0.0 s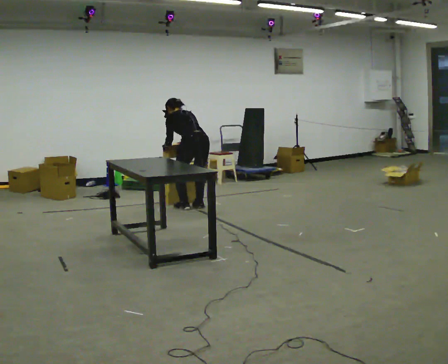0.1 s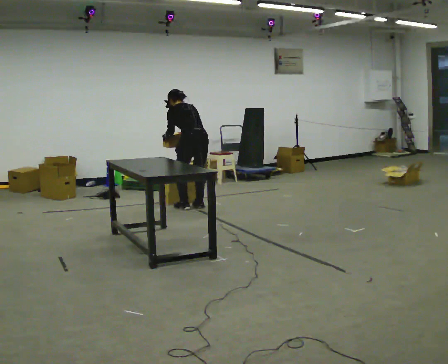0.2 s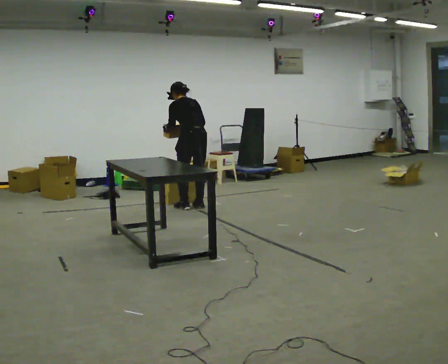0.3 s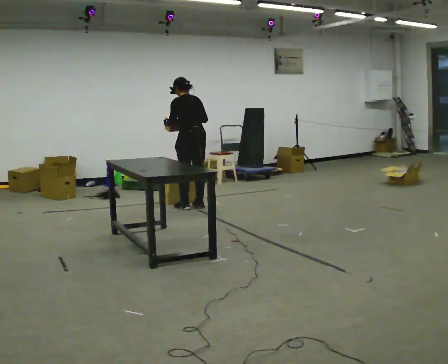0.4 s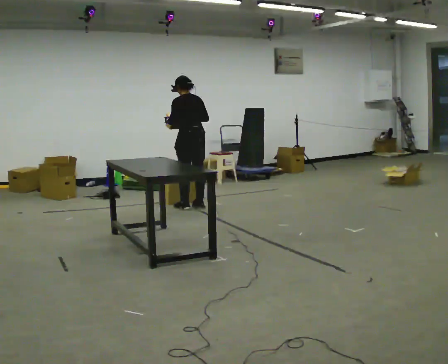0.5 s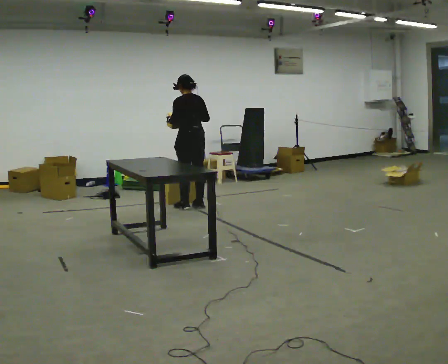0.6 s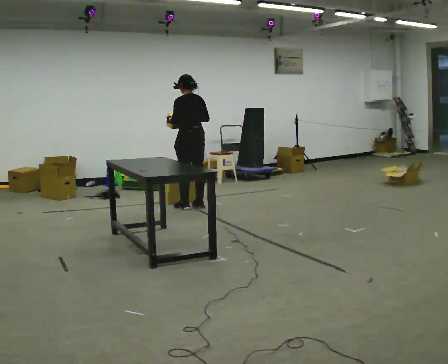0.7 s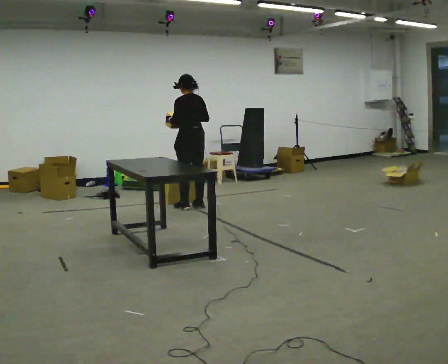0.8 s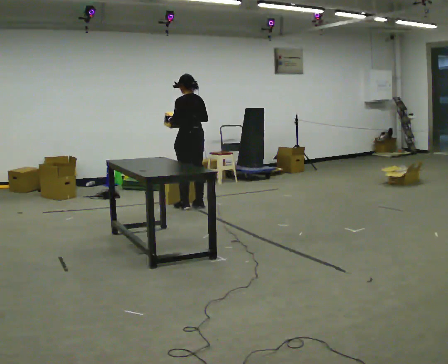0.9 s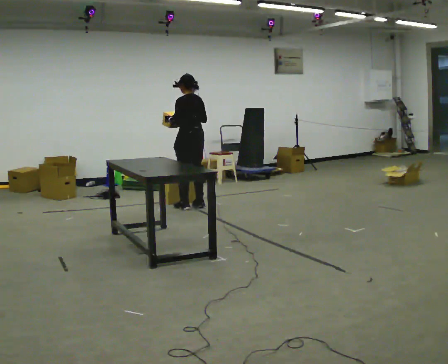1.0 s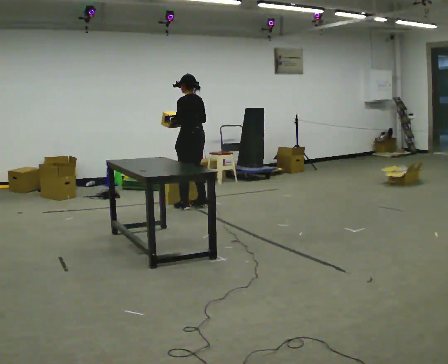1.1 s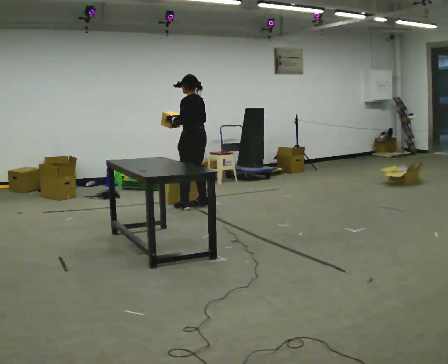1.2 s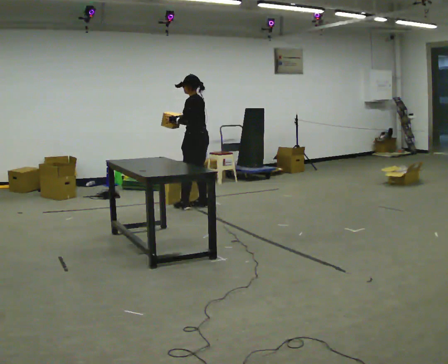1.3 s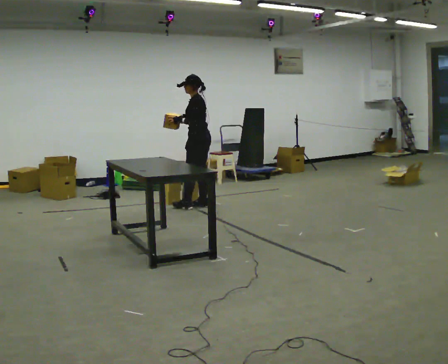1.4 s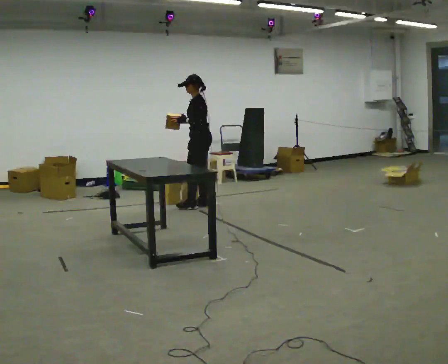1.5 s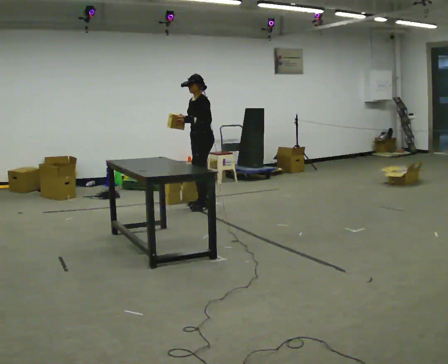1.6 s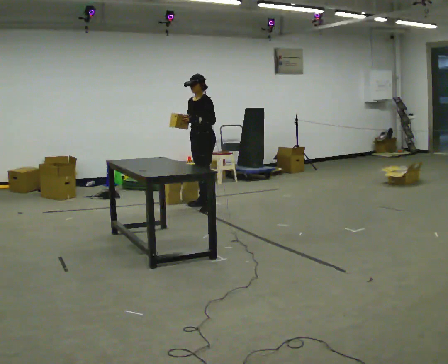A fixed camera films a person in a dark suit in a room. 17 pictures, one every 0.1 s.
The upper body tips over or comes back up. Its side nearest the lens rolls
downward.
The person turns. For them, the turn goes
to their left.
0.0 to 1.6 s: The part of the body nearest the lens slides to the right as the person turns to their left by about 90 degrees. The upper body goes upward. The upper body tips toward the camera, its near side rolling downward, as they lean back or straighten. In the picture their right hand goes upward.
The film runs forward here.
